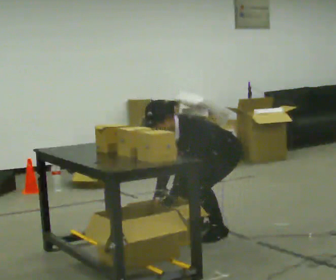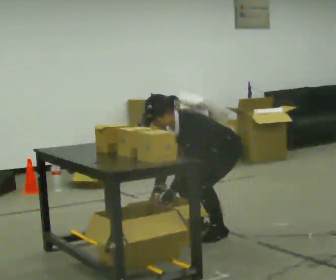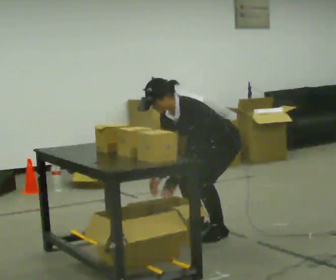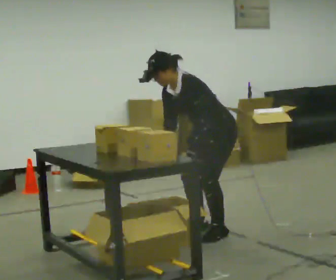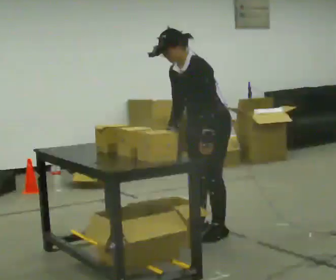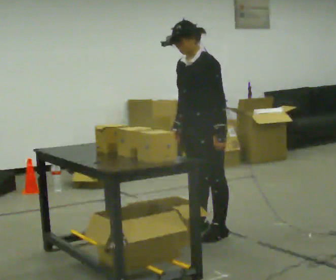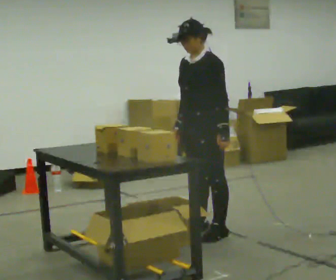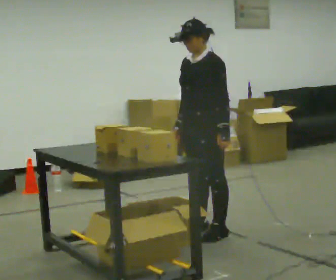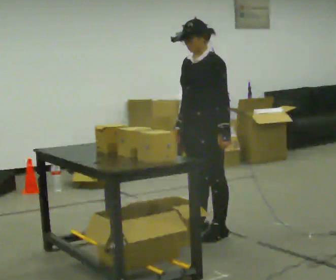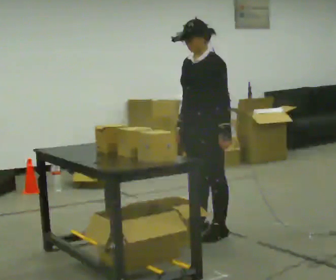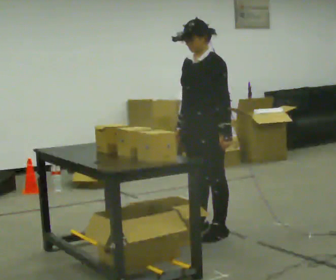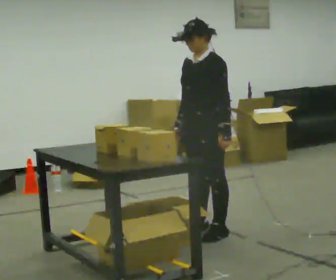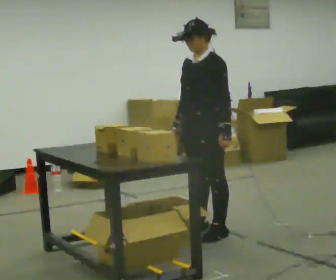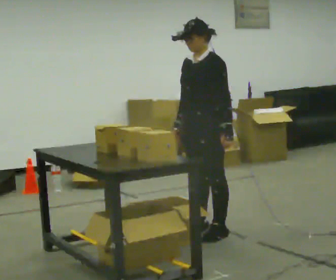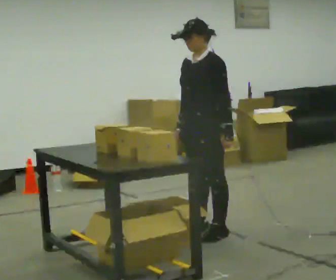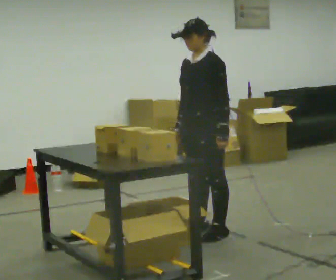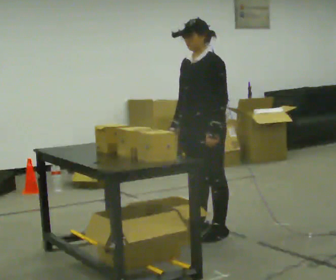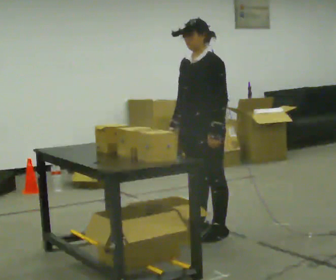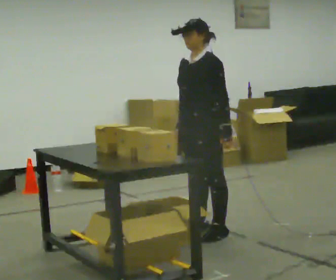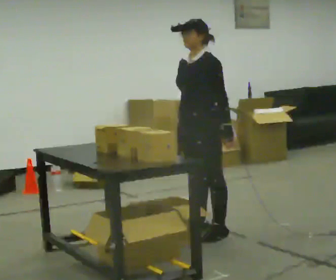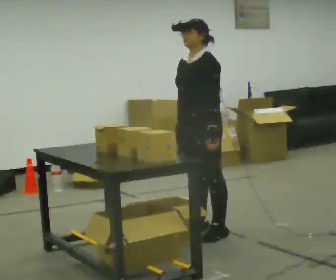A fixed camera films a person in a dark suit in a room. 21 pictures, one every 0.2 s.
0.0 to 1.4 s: The upper body goes upward. In the picture the upper body tilts clockwise, shoulders to the right, as they lean back or straighten. In the picture their left hand goes upward and to the right.
1.4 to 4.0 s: The person moves a little, or ends about where they began.
The film runs backward here.
